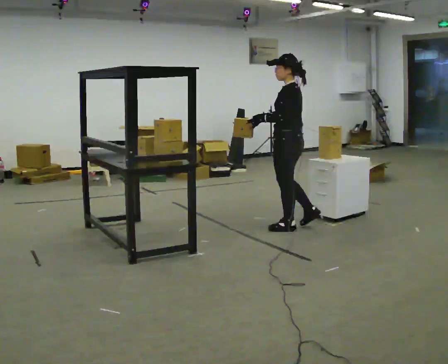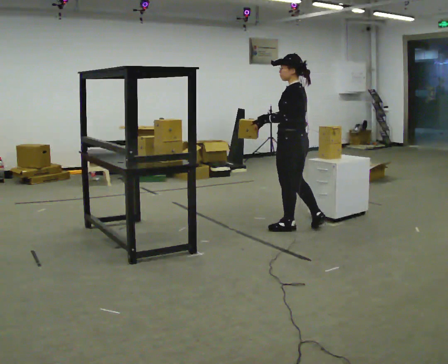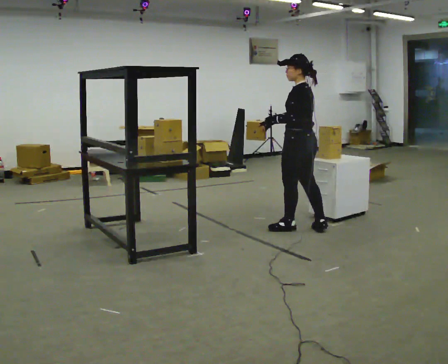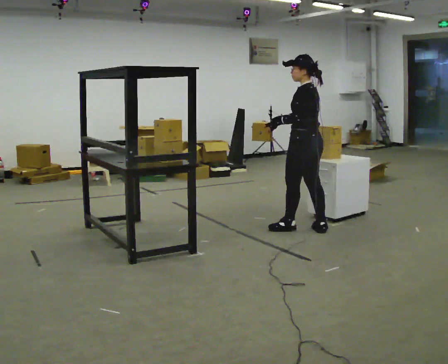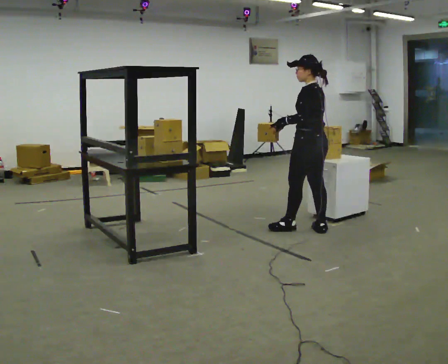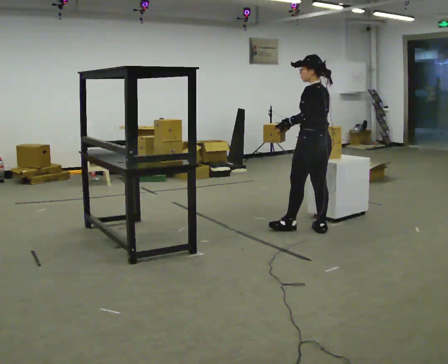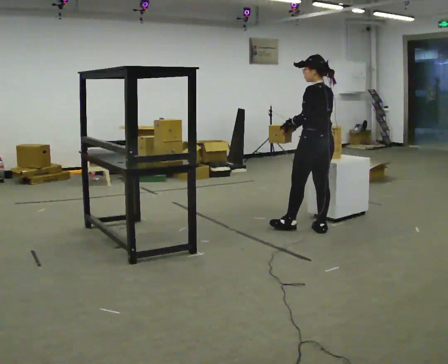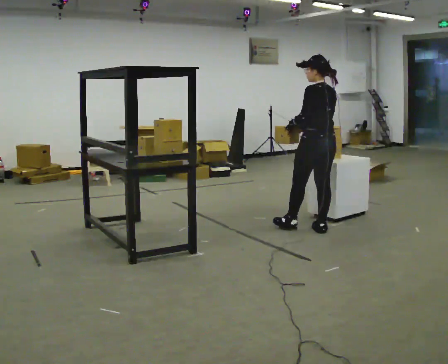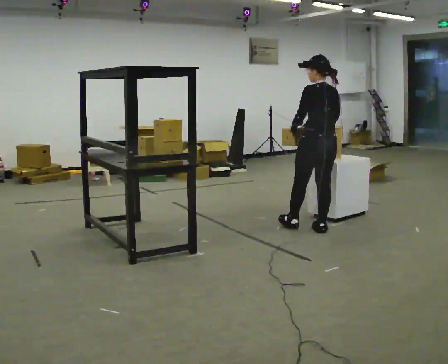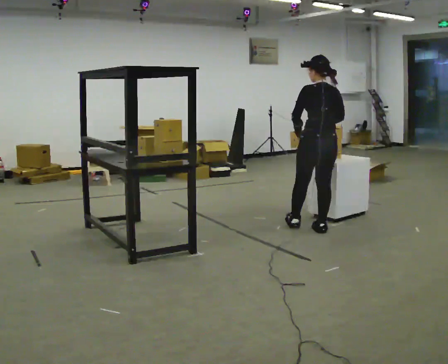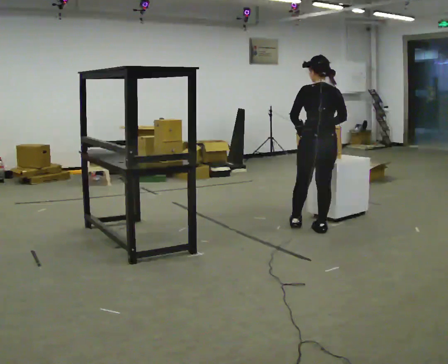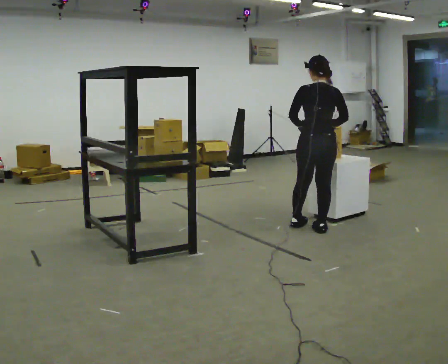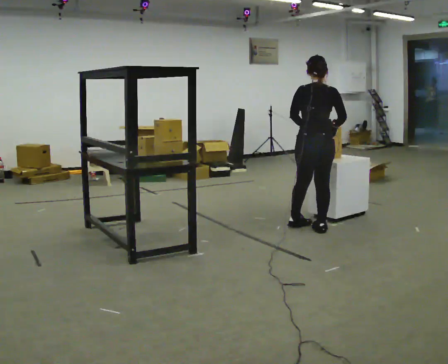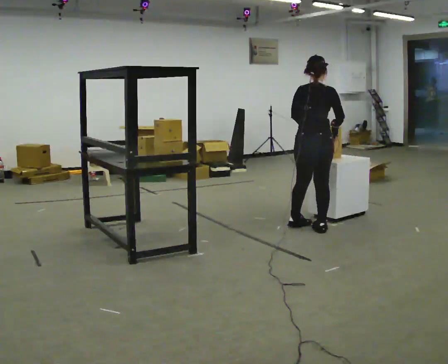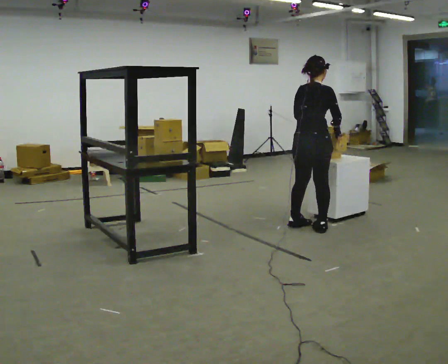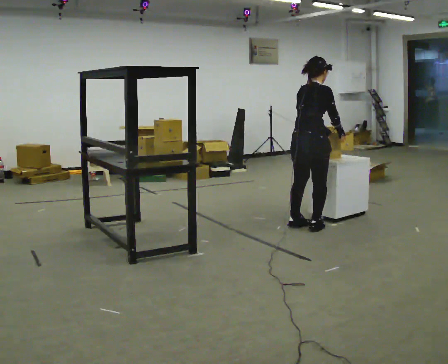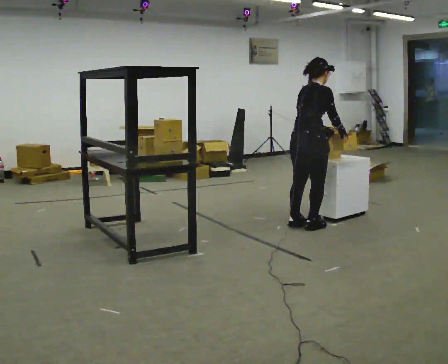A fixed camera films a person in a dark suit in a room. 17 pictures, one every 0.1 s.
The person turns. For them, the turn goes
to their right.
Their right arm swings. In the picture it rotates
counterclockwise.
0.0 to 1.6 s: The person turns about 120 degrees to their right, clockwise seen from above, so the part of the body nearest the lens slides to the left. In the picture they go to the right, about 0.25 m in 1 step. In the picture their right hand goes to the right, the arm swinging counterclockwise.
The film runs backward here.
